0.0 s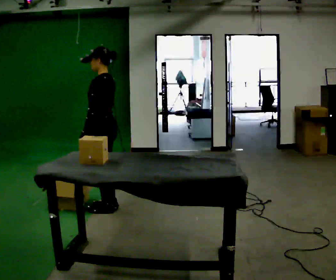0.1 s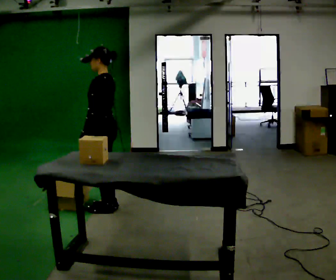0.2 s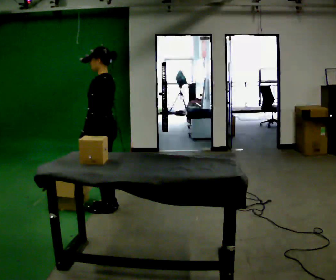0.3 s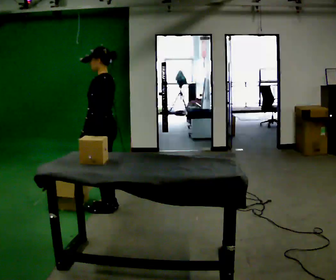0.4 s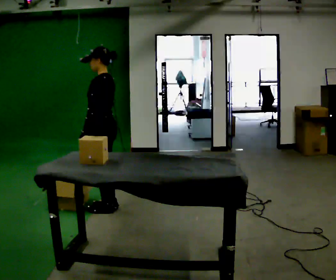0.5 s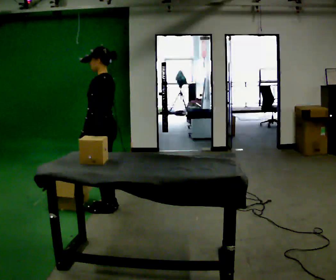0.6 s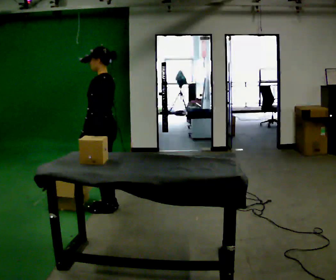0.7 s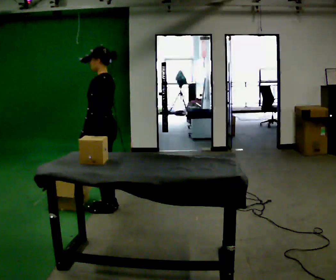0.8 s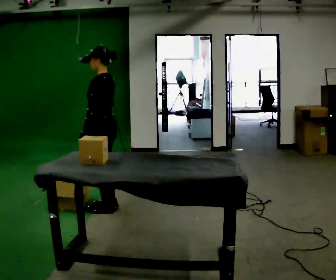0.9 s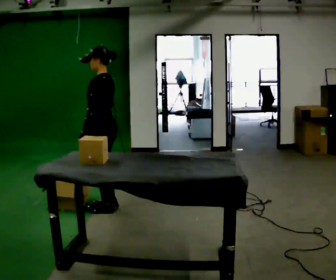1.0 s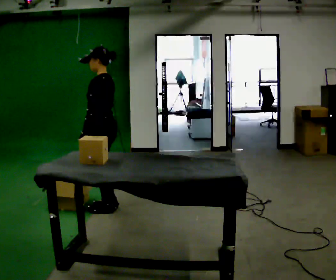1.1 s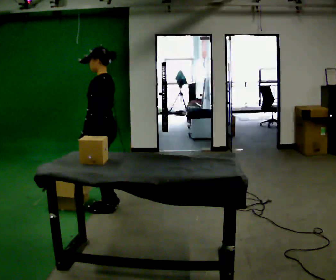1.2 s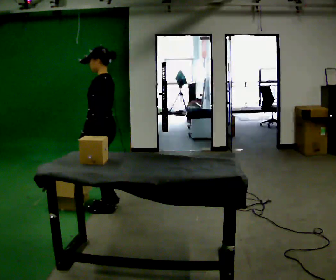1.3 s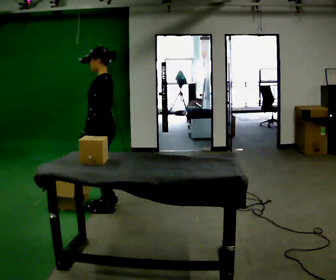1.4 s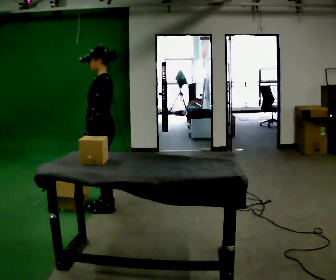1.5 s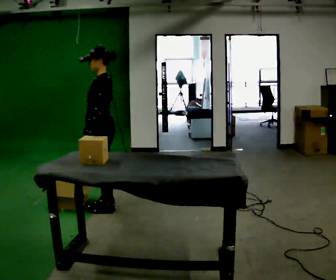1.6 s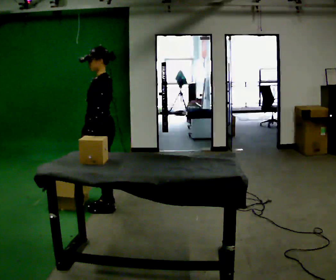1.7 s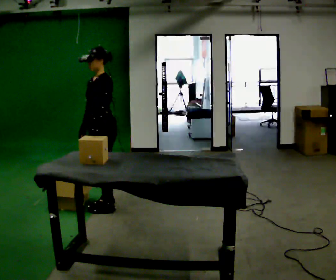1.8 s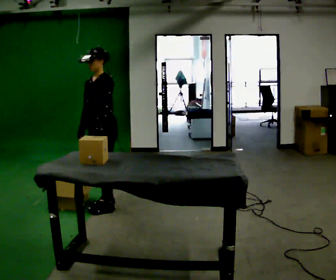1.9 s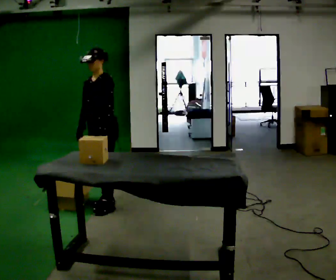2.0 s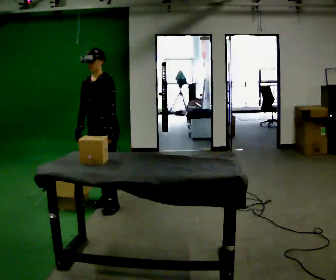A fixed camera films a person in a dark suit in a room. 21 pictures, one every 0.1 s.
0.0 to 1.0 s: The person moves a little, or ends about where they began.
1.0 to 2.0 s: The person turns about 75 degrees to their left, counterclockwise seen from above, so the part of the body nearest the lens slides to the right. In the picture they go away from the camera, about 0.25 m in 1 step.
The film runs forward here.
